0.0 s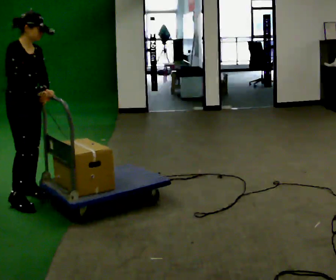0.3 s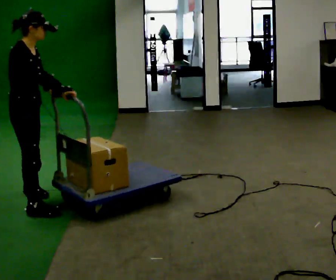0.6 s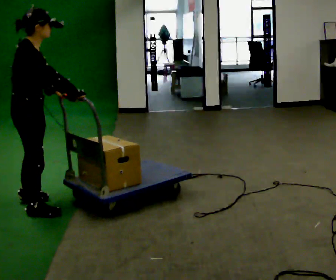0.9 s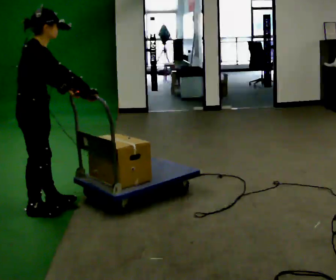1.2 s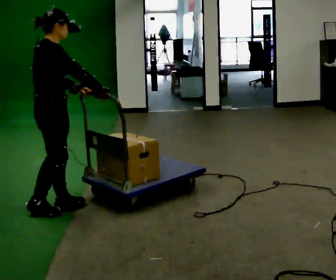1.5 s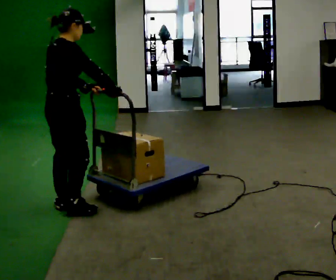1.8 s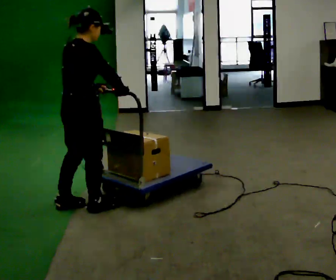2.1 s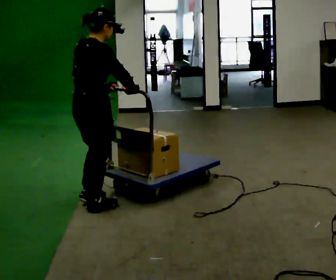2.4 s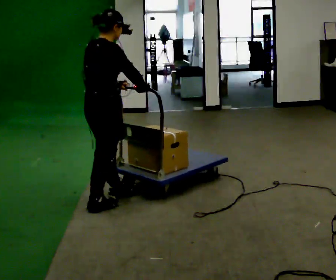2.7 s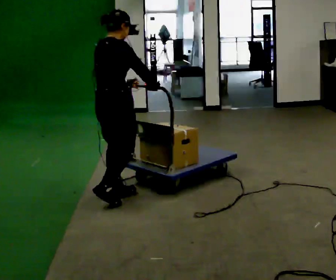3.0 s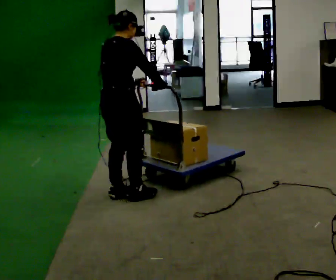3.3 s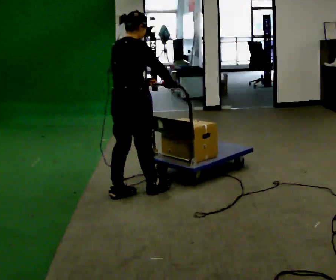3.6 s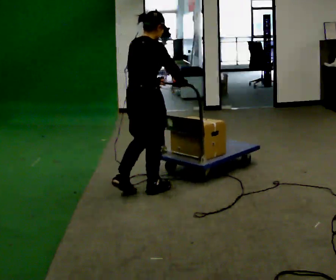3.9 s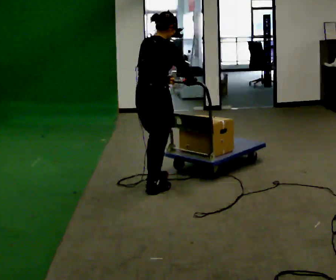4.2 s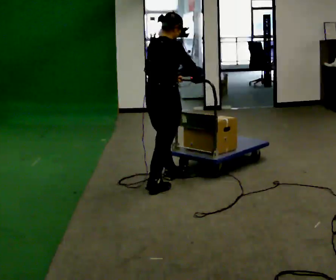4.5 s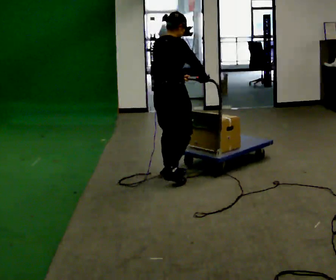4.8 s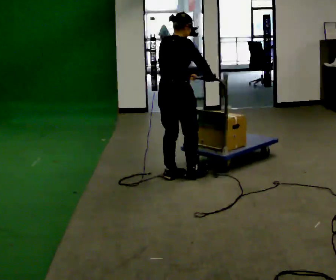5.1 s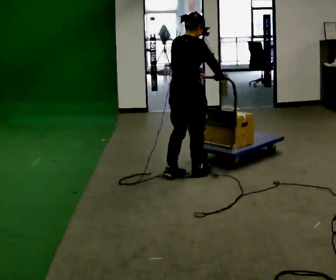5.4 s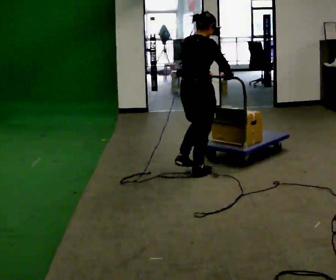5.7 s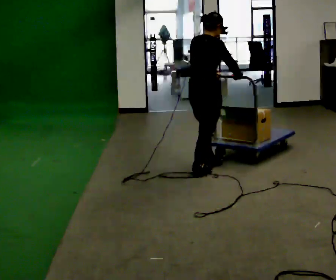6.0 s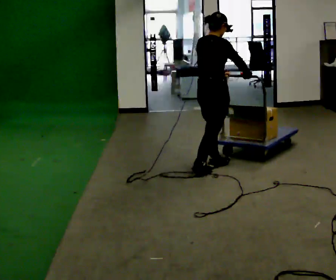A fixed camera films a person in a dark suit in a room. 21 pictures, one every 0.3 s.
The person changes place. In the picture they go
to the right.
0.0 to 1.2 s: The person turns about 45 degrees to their left, counterclockwise seen from above, so the part of the body nearest the lens slides to the right. In the picture they go to the right and toward the camera, about 0.5 m in 2 steps, which for them is to their right and forward.
1.2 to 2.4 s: In the picture they go to the right and away from the camera, about 0.5 m in 2 steps, which for them is forward.
2.4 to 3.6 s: In the picture they go to the right and away from the camera, about 0.5 m in 1 step, which for them is forward.
3.6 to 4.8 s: In the picture they go away from the camera and to the right, about 0.5 m in 1 step, which for them is forward.
4.8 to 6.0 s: In the picture they go to the right and away from the camera, about 0.5 m in 2 steps, which for them is forward.
The film runs forward here.
